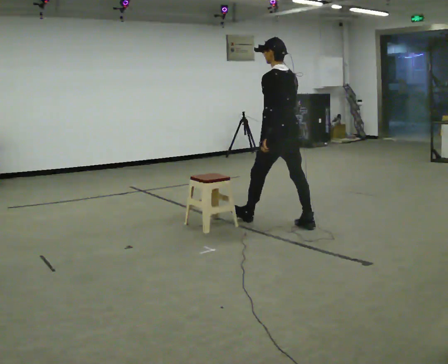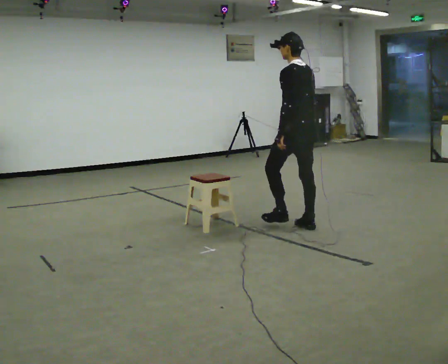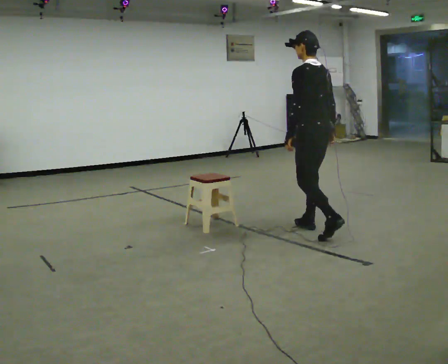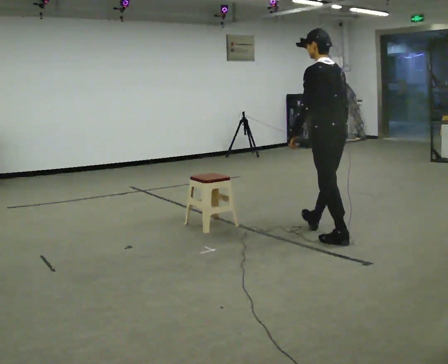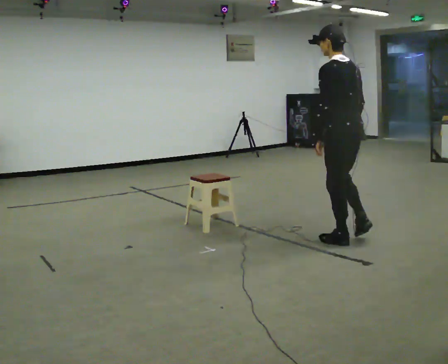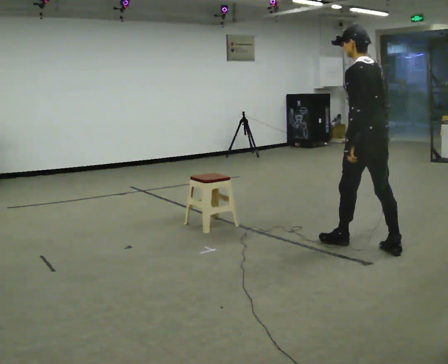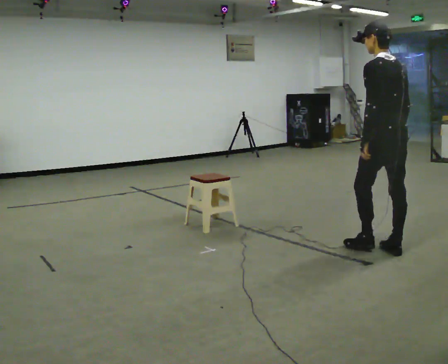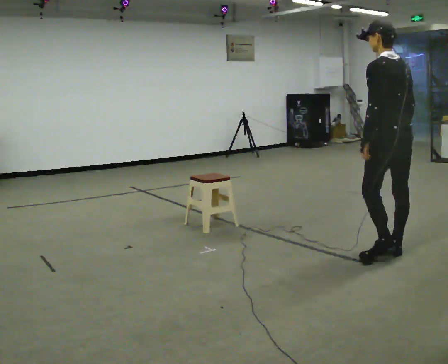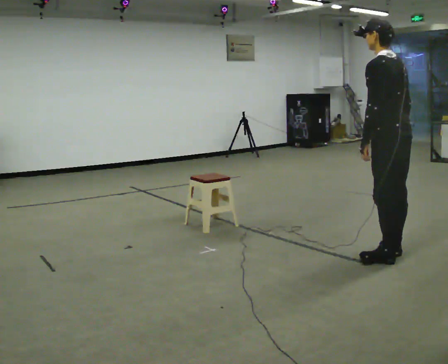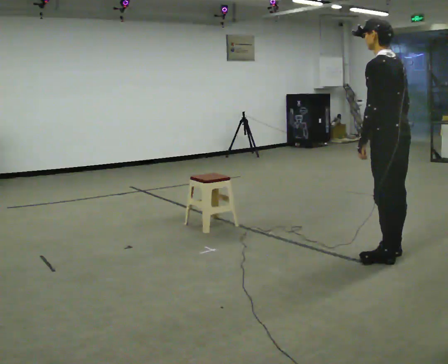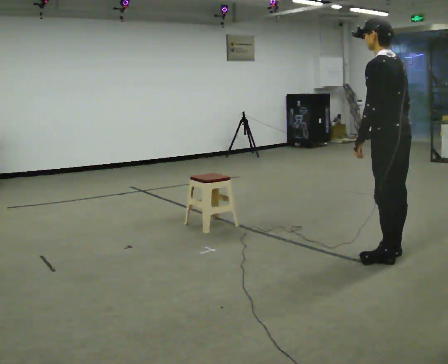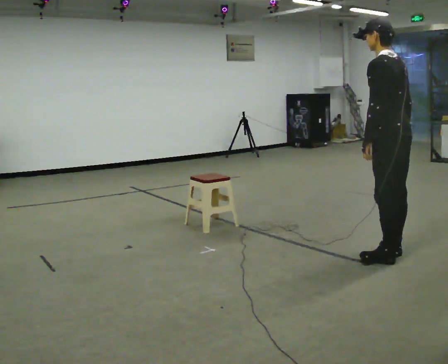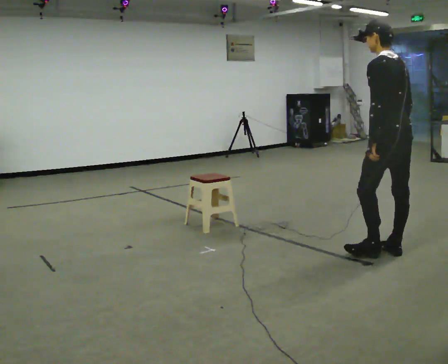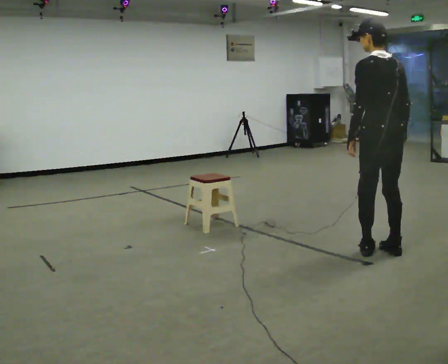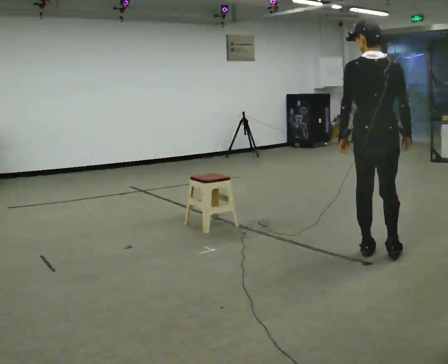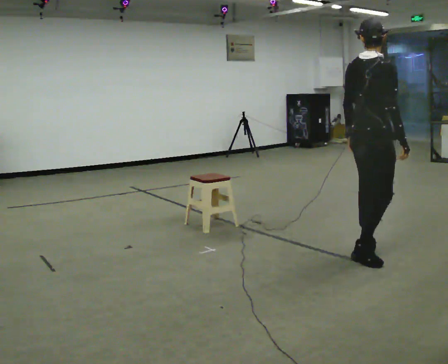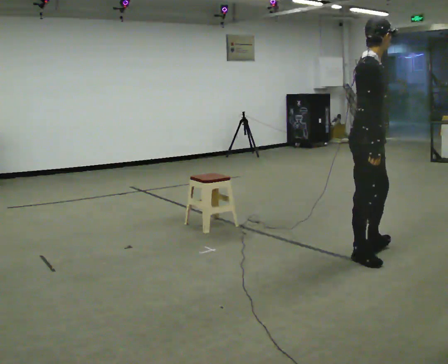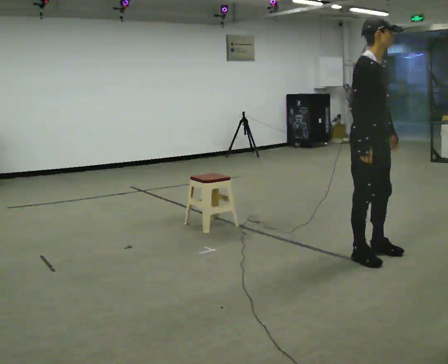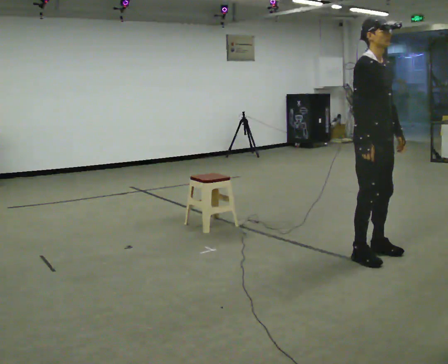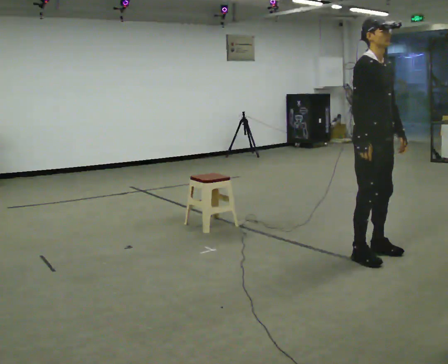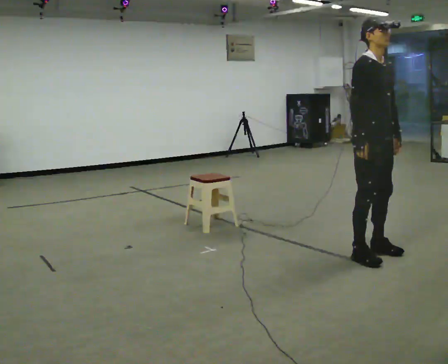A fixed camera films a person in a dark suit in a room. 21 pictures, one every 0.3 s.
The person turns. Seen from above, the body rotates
clockwise.
The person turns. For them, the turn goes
to their right.
0.0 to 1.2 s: In the picture they go to the right and toward the camera, about 1 m in 1 step, which for them is backward.
1.2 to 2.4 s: In the picture they go to the right and toward the camera, about 0.5 m in 1 step, which for them is backward.
2.4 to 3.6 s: The person moves a little, or ends about where they began.
3.6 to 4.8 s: The person turns about 135 degrees to their right, clockwise seen from above, so the part of the body nearest the lens slides to the left. In the picture they go to the left, about 0.25 m in 1 step. In the picture the upper body tilts clockwise, shoulders to the right.
4.8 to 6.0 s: The person turns about 30 degrees to their right, clockwise seen from above, so the part of the body nearest the lens slides to the left.
The film runs backward here.
